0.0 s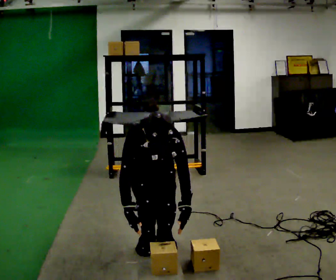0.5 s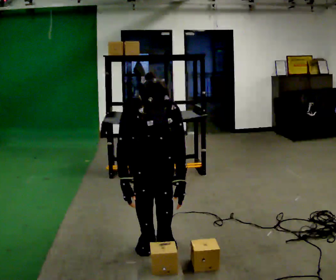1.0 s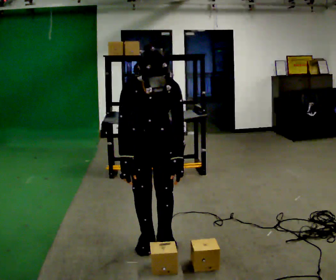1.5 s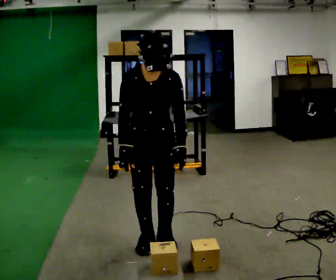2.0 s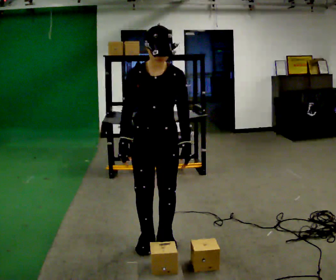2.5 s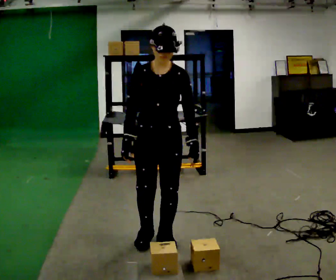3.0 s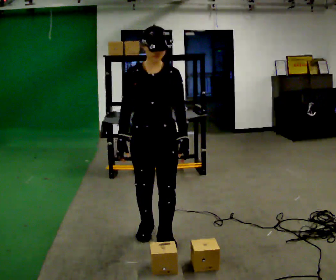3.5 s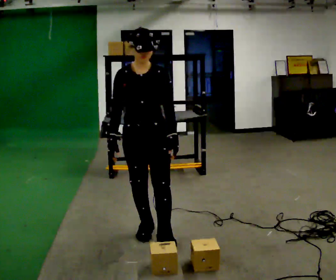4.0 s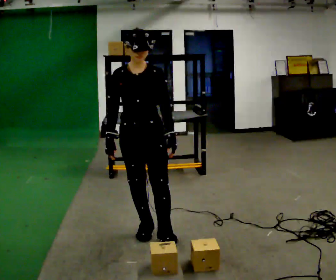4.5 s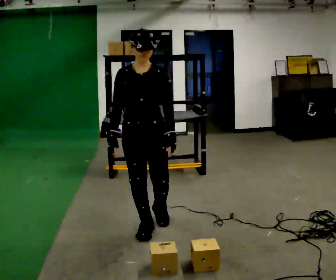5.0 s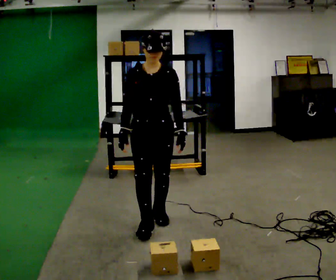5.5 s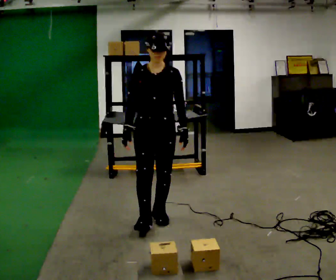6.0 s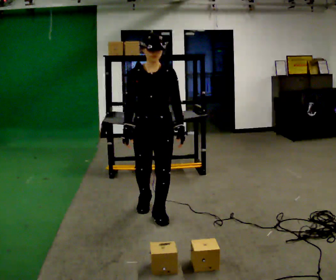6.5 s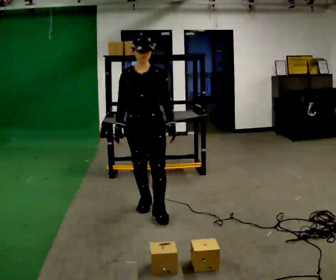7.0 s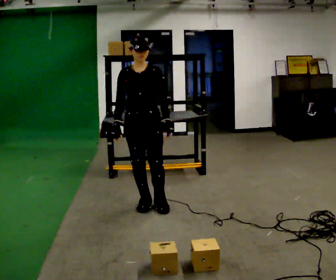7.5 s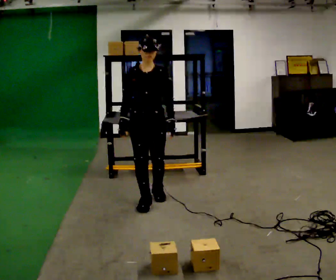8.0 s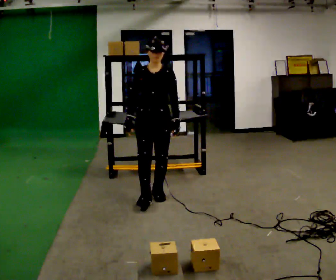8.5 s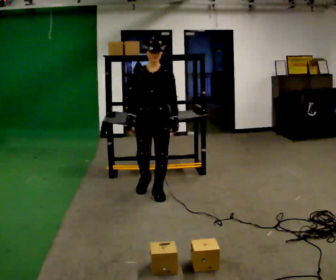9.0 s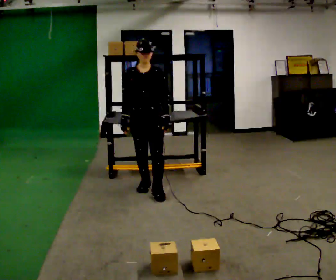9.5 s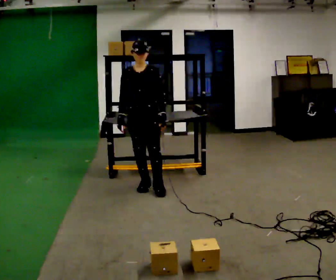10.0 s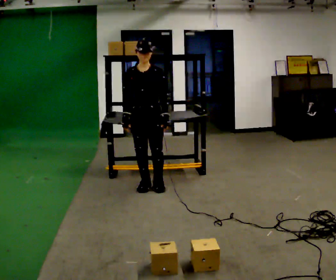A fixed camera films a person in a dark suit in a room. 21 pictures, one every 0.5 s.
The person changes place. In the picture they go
away from the camera.
The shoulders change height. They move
upward.
0.0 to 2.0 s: The upper body goes upward. The upper body tips away from the camera, its near side rolling upward, as they lean back or straighten. In the picture their right hand goes upward.
2.0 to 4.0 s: In the picture they go away from the camera, about 0.25 m in 1 step, which for them is backward.
4.0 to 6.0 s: In the picture they go away from the camera, about 0.25 m in 2 steps, which for them is backward.
6.0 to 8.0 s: In the picture they go away from the camera, about 0.5 m in 1 step, which for them is backward.
8.0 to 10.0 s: In the picture they go away from the camera, about 0.25 m in 2 steps, which for them is backward and to their right.
The film runs backward here.
